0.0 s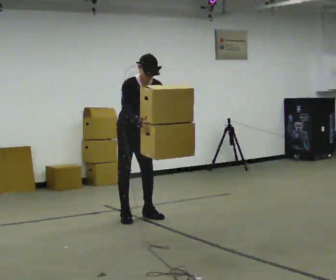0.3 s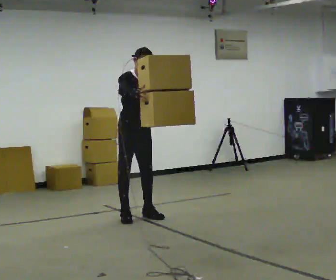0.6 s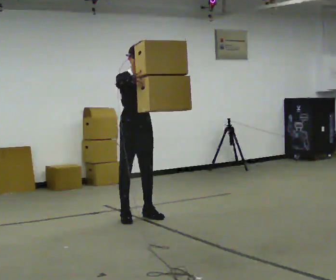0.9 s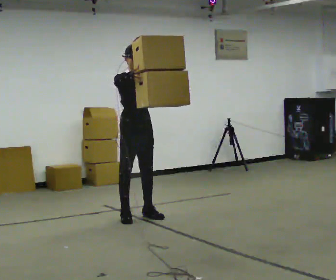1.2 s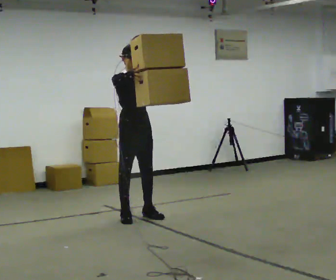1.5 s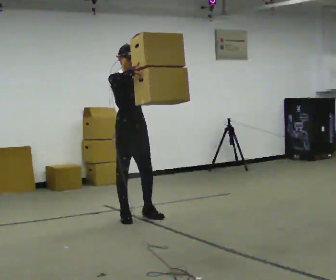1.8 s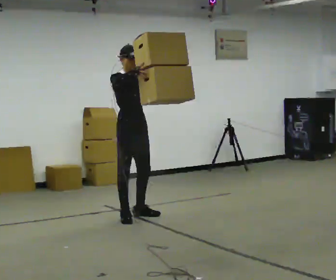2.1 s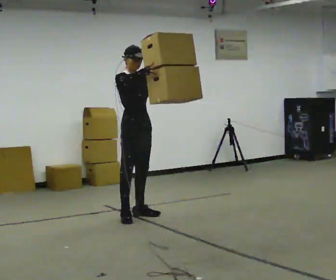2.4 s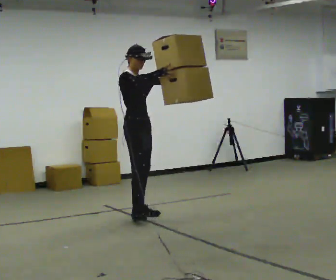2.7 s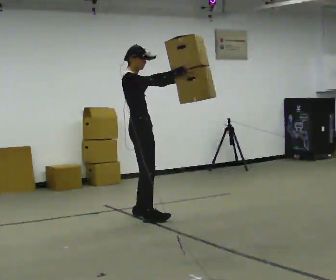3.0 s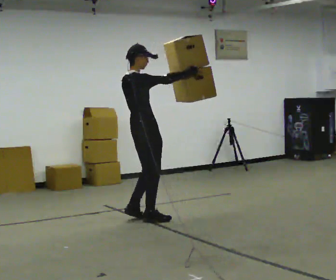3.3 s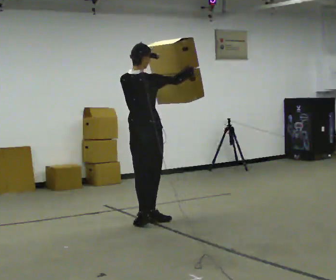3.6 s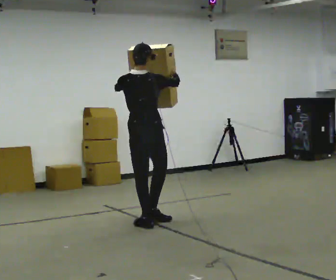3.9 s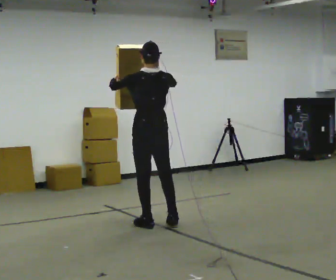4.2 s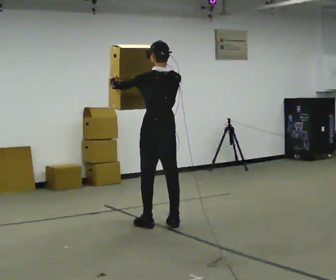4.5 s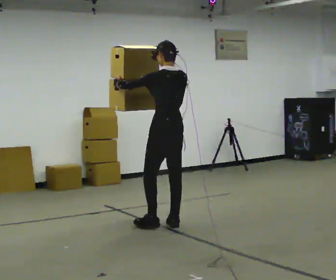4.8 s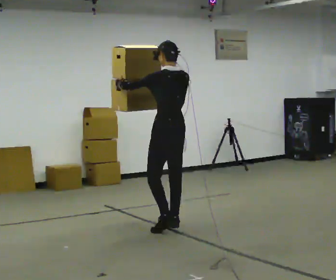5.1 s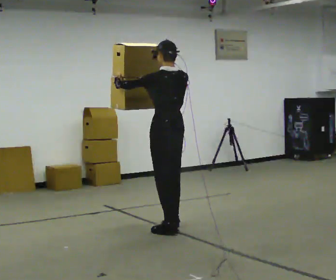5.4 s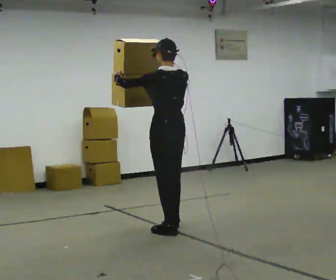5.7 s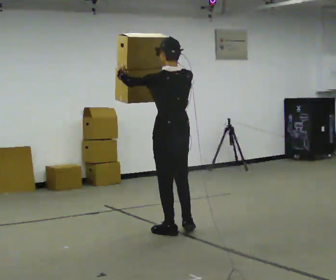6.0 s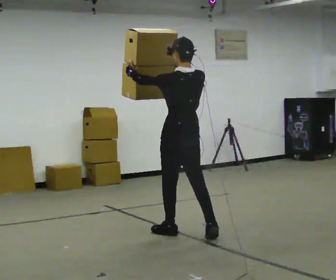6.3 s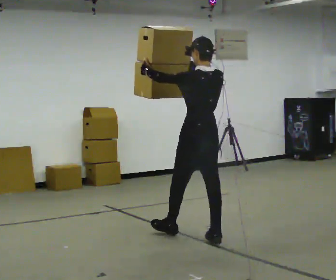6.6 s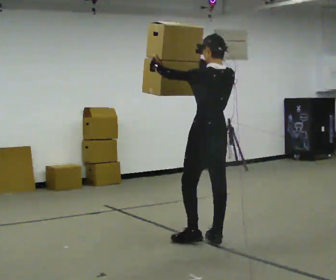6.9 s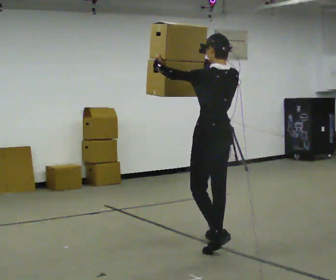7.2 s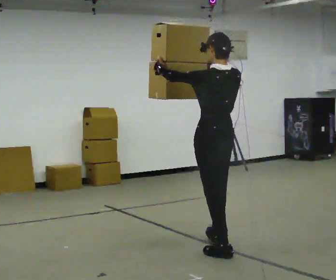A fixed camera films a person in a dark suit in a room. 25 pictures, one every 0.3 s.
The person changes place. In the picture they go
toward the camera.
The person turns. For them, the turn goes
to their left.
0.0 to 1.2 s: The upper body tips away from the camera, its near side rolling upward, as they lean back or straighten. In the picture their right hand goes upward.
1.2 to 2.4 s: The part of the body nearest the lens slides to the right as the person turns to their left by about 30 degrees.
2.4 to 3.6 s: The part of the body nearest the lens slides to the right as the person turns to their left by about 120 degrees. In the picture they go toward the camera, about 0.5 m in 2 steps.
3.6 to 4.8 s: Seen from above the body turns counterclockwise, about 45 degrees: to their left, with its near side sliding to the right. In the picture they go to the right, about 0.25 m in 1 step, which for them is backward and to their right.
4.8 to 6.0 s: In the picture they go toward the camera, about 0.25 m in 1 step, which for them is backward.
6.0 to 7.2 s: In the picture they go toward the camera and to the right, about 0.5 m in 1 step, which for them is backward.
The film runs backward here.
